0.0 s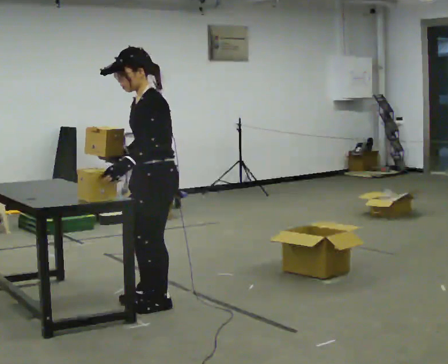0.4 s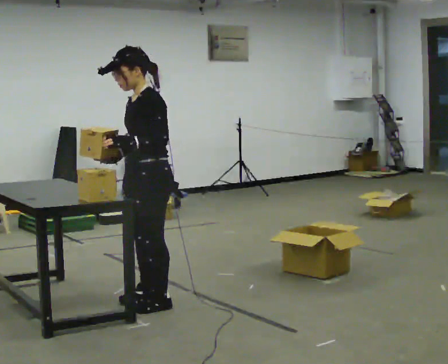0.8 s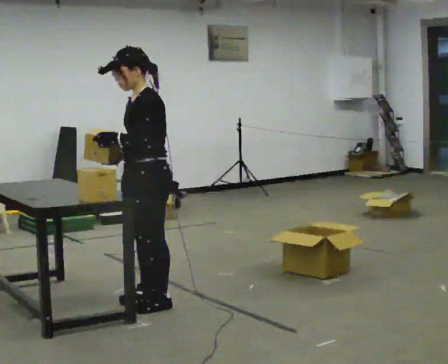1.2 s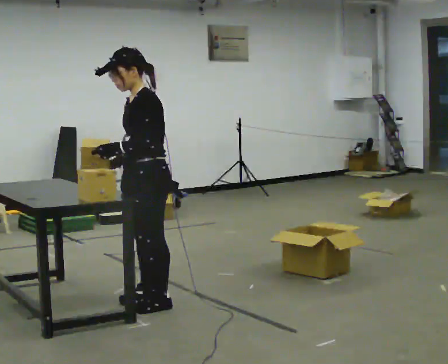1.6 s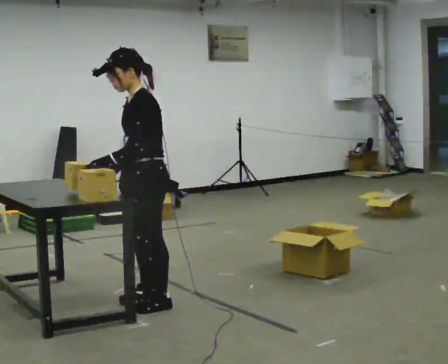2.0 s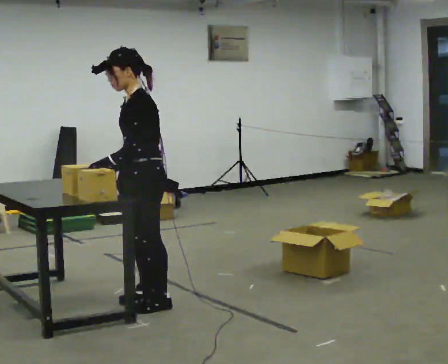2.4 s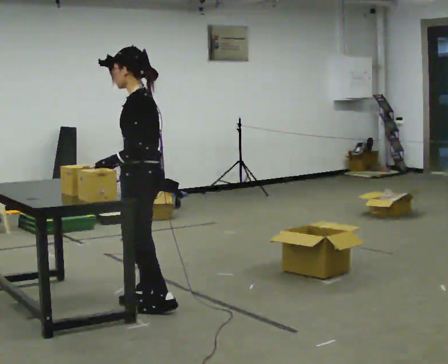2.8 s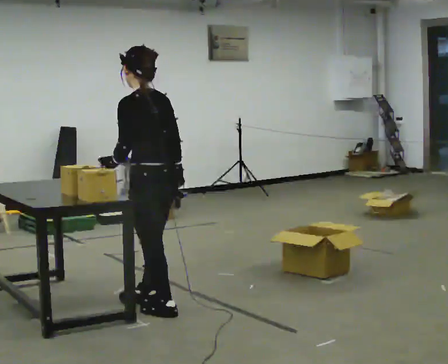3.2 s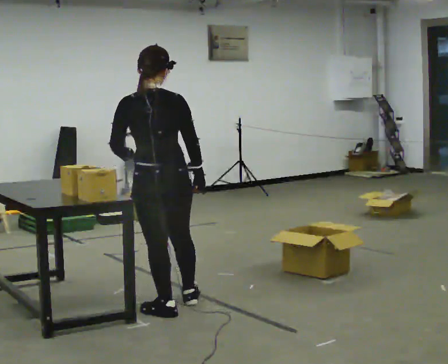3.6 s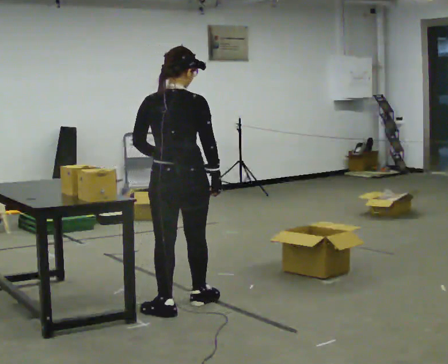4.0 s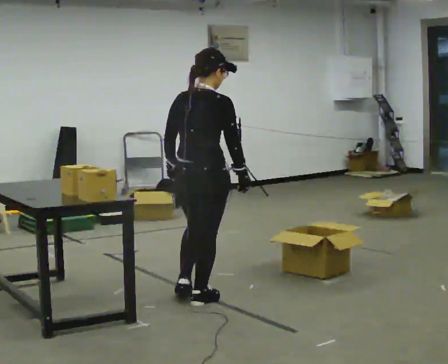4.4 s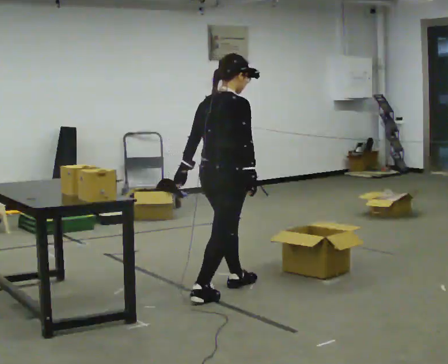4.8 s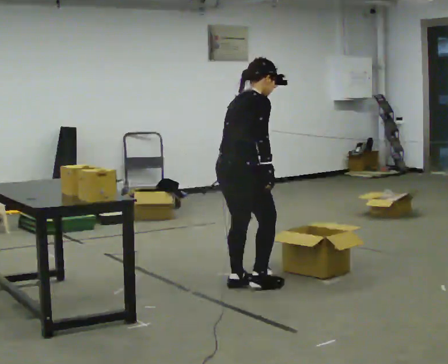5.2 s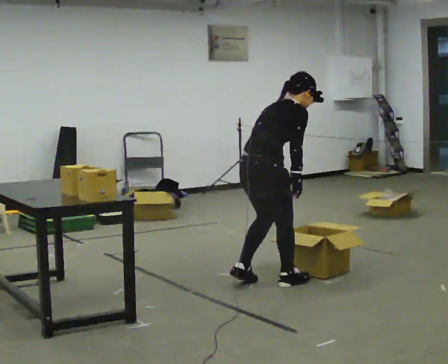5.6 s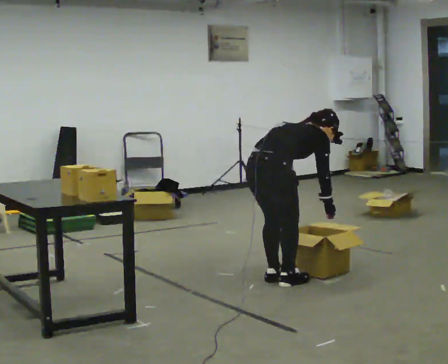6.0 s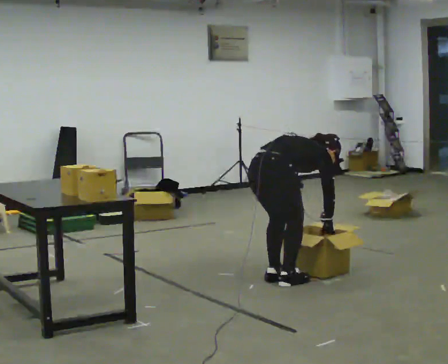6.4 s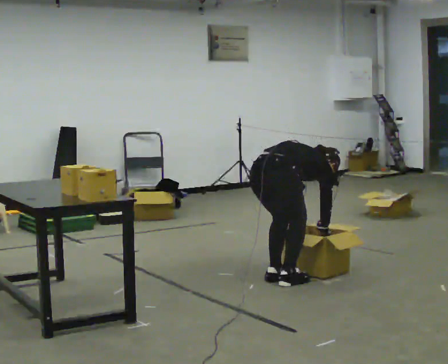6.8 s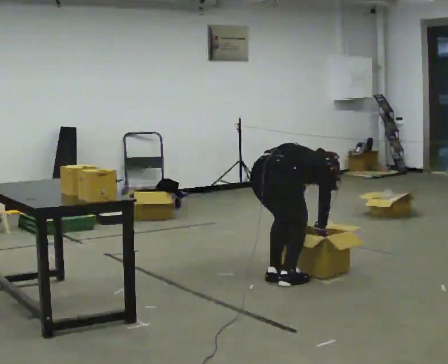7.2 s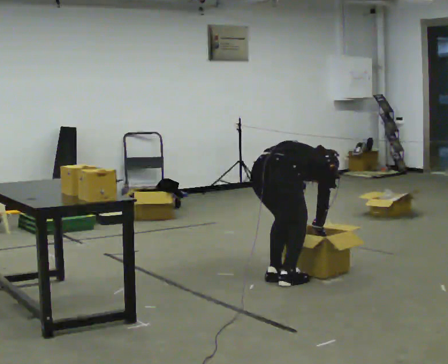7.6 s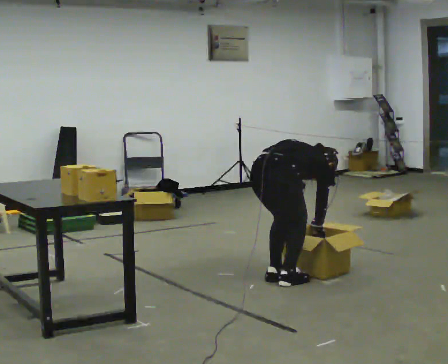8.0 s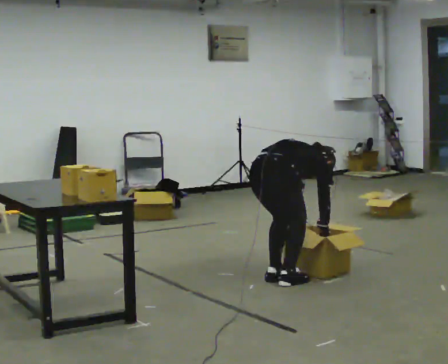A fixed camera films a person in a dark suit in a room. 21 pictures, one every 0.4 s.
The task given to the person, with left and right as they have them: Carry the object across the room, open the lid of the container, put the object inside, and close the lid again. Then go back for the next one. Keep going until the operator says stop; one object at a time, and do not rush between trips.
0.0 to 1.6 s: The person moves a little, or ends about where they began.
1.6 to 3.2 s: Seen from above the body turns clockwise, about 90 degrees: to their right, with its near side sliding to the left. In the picture they go toward the camera, about 0.25 m in 1 step. In the picture their right hand goes to the right, the arm swinging counterclockwise.
3.2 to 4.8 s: The part of the body nearest the lens slides to the left as the person turns to their right by about 75 degrees. In the picture they go away from the camera and to the right, about 0.75 m in 2 steps. In the picture the upper body tilts clockwise, shoulders to the right, as they bend forward.
4.8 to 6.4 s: In the picture they go to the right, about 0.25 m in 2 steps, which for them is forward. The upper body goes downward. In the picture the upper body tilts clockwise, shoulders to the right, as they bend forward. In the picture their right hand goes downward and to the right.
6.4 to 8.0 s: The person moves a little, or ends about where they began.
The film runs forward here.
